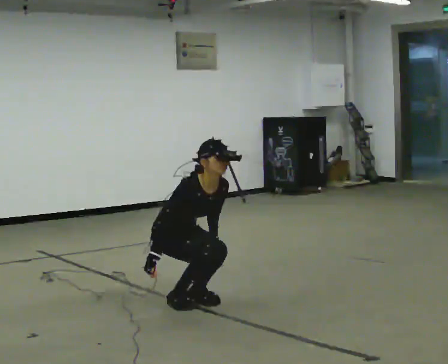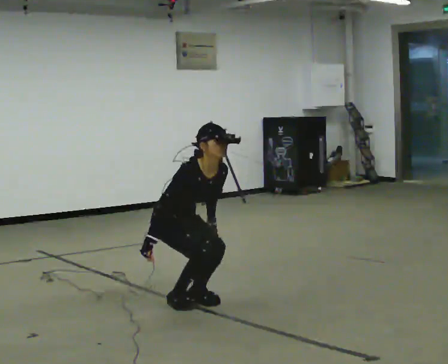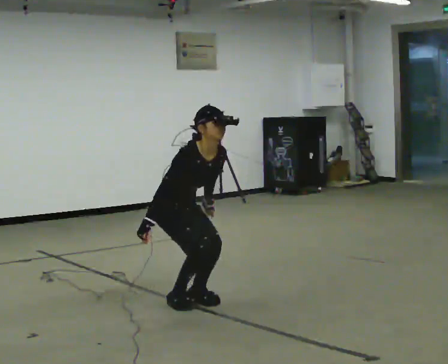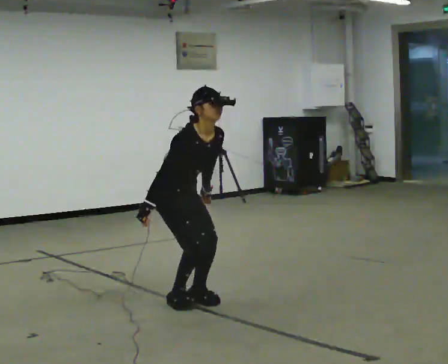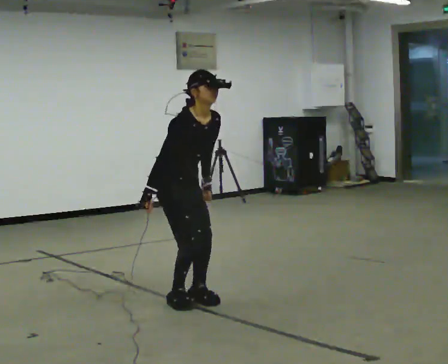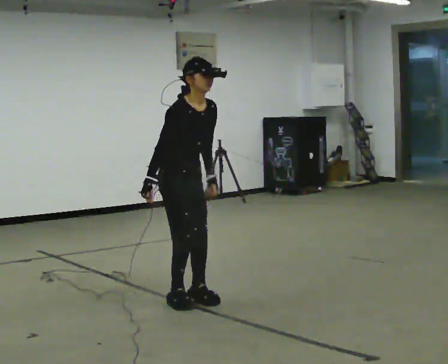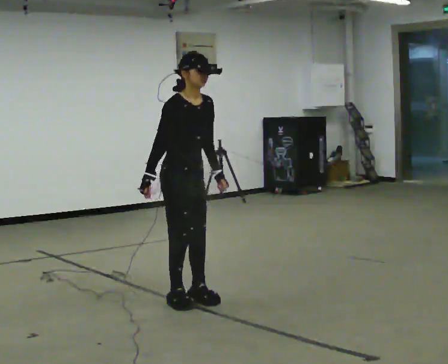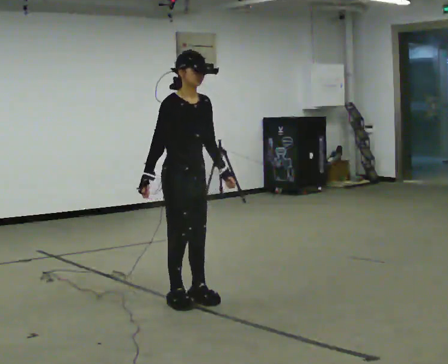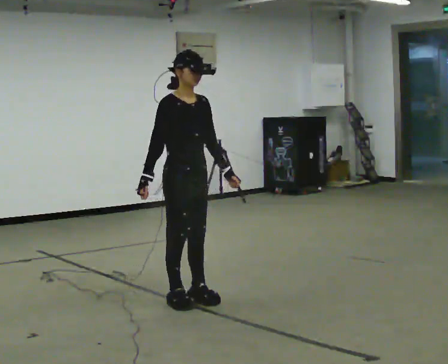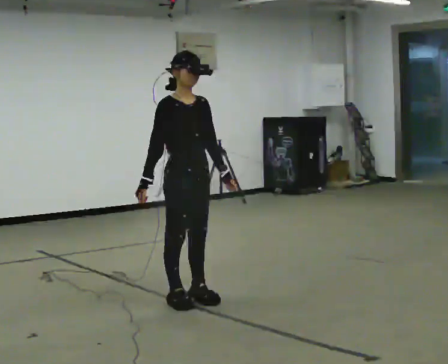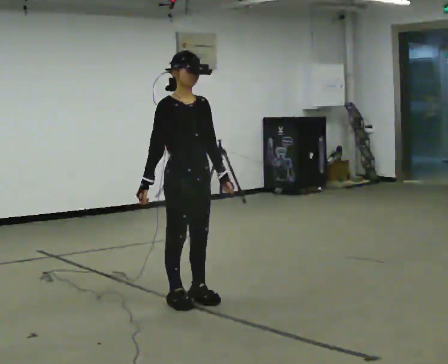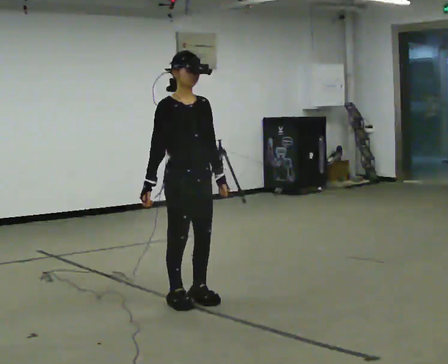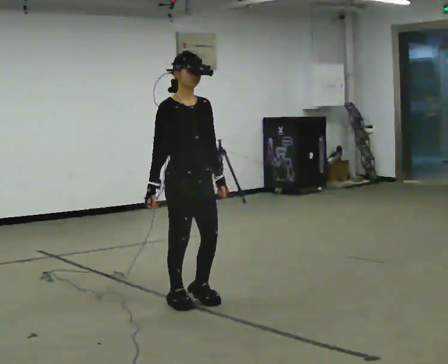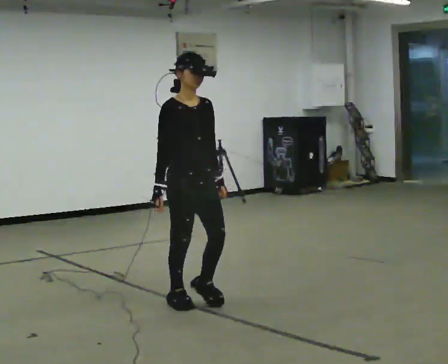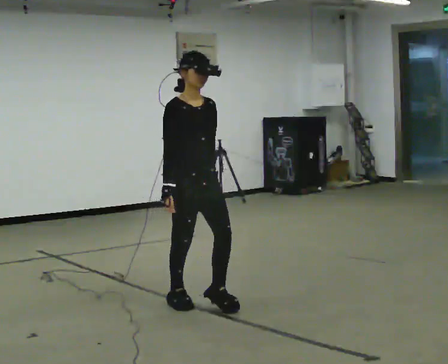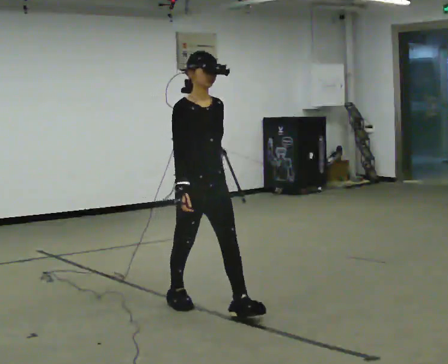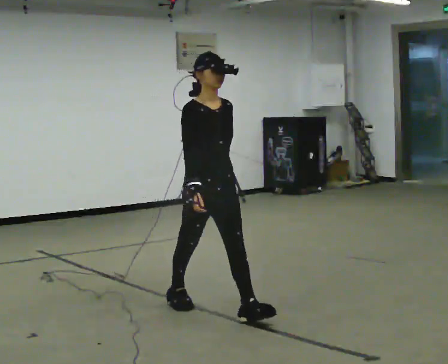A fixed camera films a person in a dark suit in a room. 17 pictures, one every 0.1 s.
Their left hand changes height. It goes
upward.
Their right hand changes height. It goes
upward.
0.0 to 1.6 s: In the picture they go toward the camera and to the right, about 0.5 m, which for them is forward. The shoulders move upward. In the picture the upper body tilts counterclockwise, shoulders to the left, as they lean back or straighten. In the picture their right hand goes upward.
The film runs forward here.
